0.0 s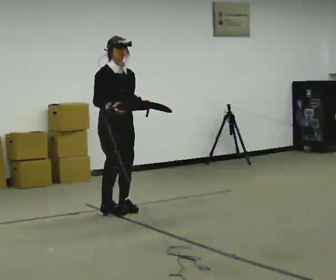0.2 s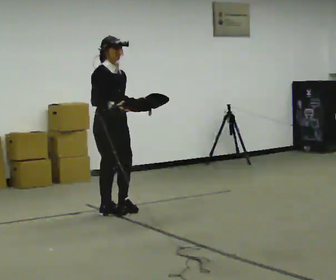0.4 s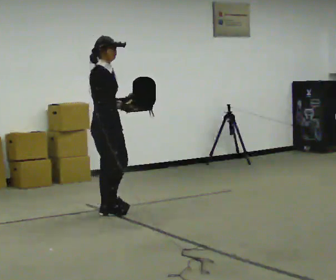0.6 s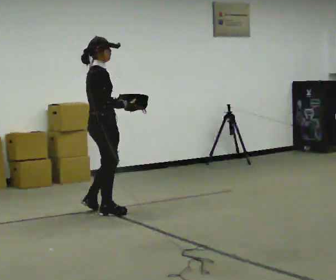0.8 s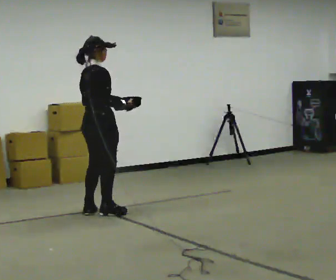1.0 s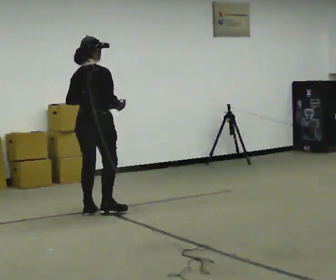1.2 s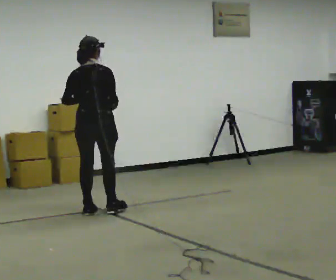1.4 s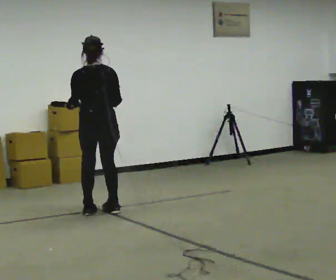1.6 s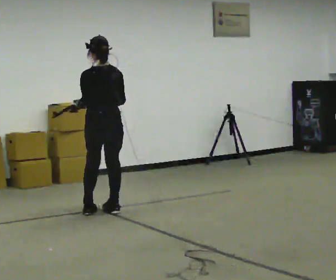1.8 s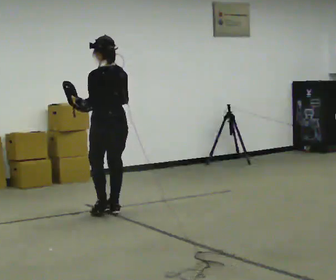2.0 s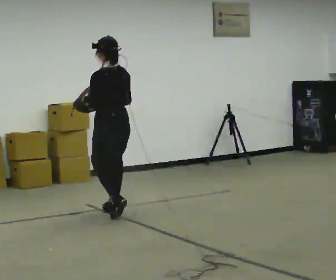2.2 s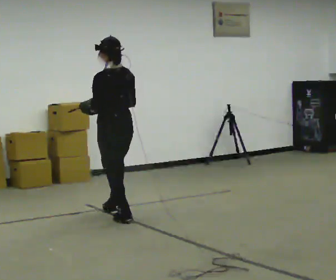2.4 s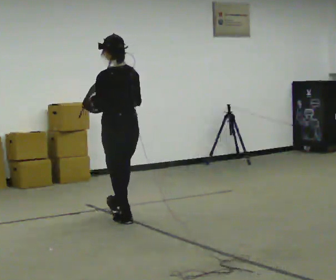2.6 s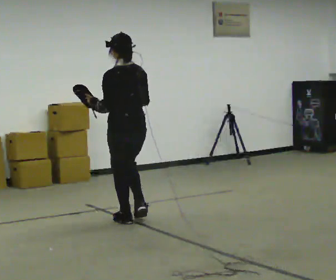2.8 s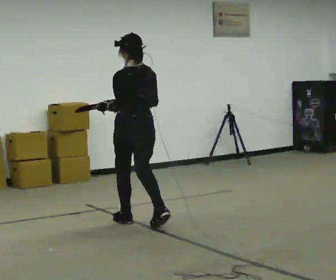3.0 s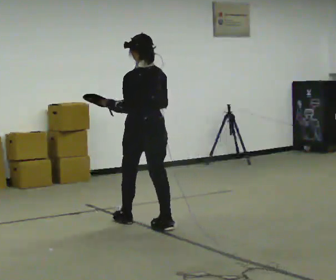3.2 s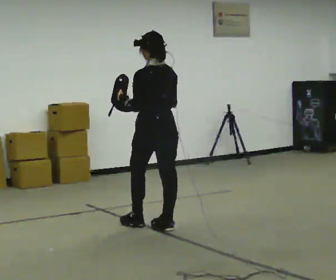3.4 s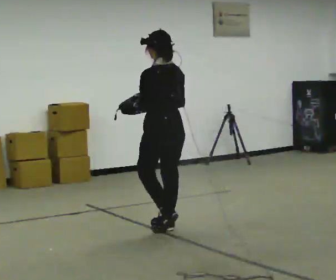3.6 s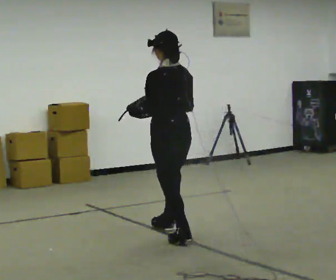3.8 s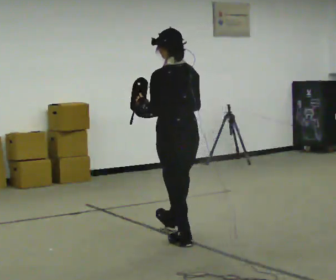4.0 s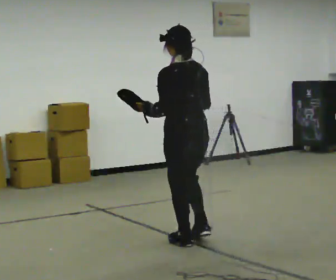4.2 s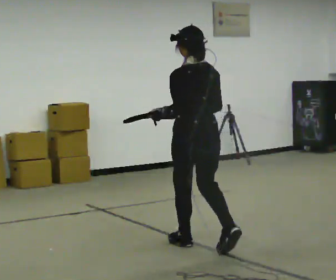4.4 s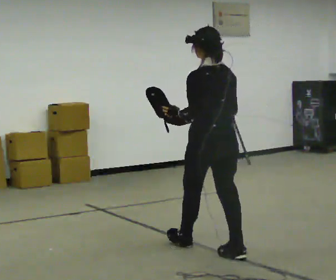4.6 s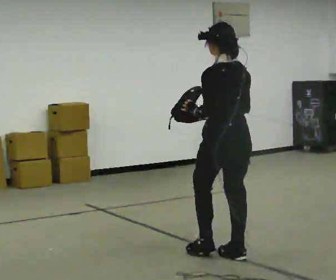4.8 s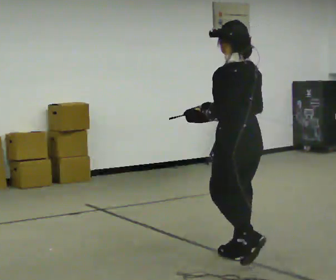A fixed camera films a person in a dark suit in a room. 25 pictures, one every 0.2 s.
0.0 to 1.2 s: Seen from above the body turns counterclockwise, about 120 degrees: to their left, with its near side sliding to the right. In the picture they go to the left, about 0.25 m in 1 step.
1.2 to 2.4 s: The person turns about 60 degrees to their left, counterclockwise seen from above, so the part of the body nearest the lens slides to the right. In the picture they go toward the camera and to the right, about 0.5 m in 2 steps.
2.4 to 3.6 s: In the picture they go toward the camera and to the right, about 0.5 m in 1 step, which for them is backward.
3.6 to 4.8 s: In the picture they go toward the camera and to the right, about 1 m in 2 steps, which for them is backward.
The film runs backward here.
